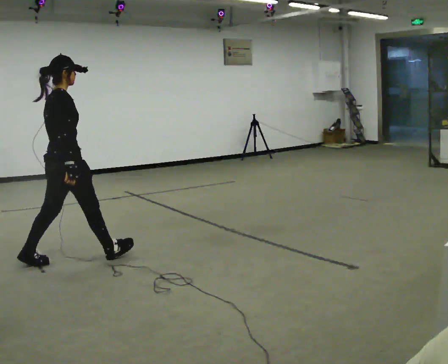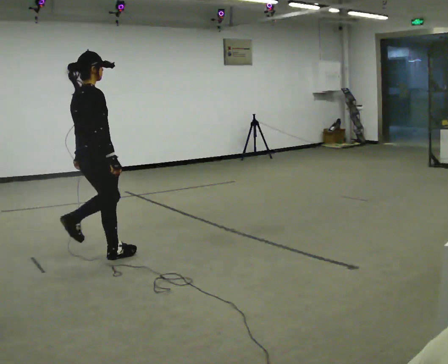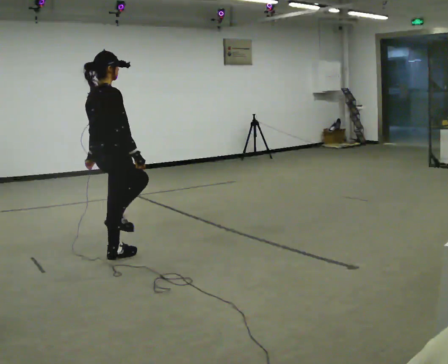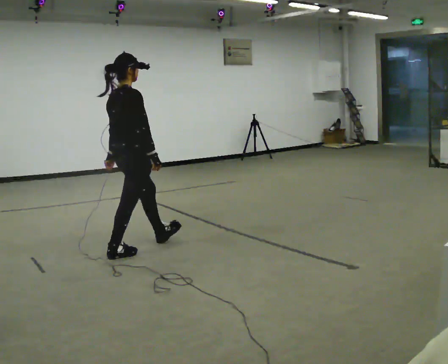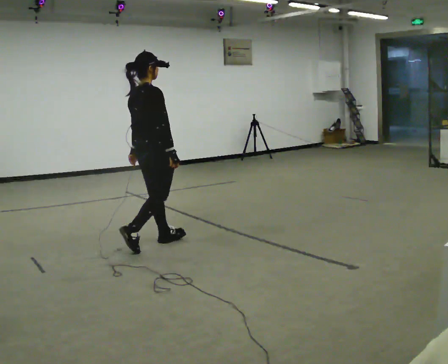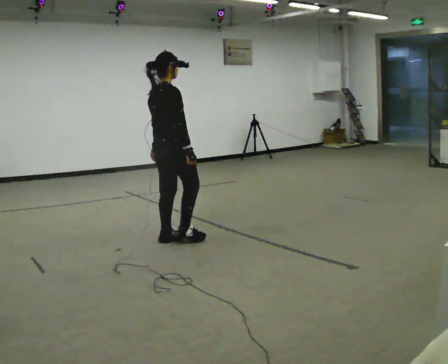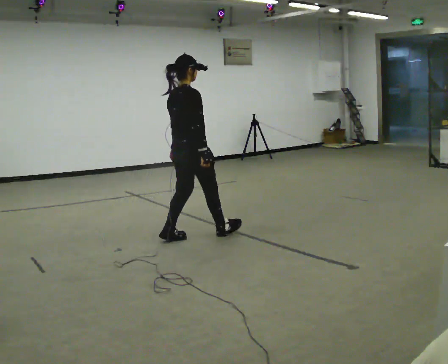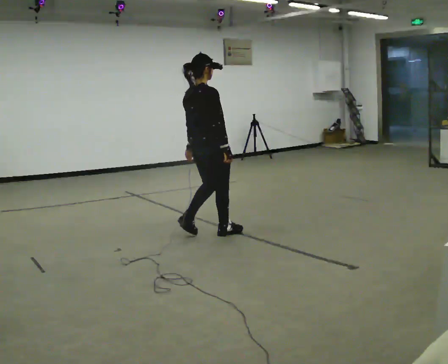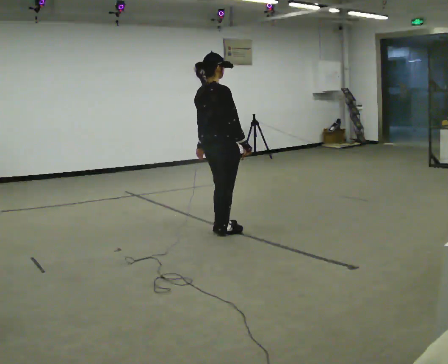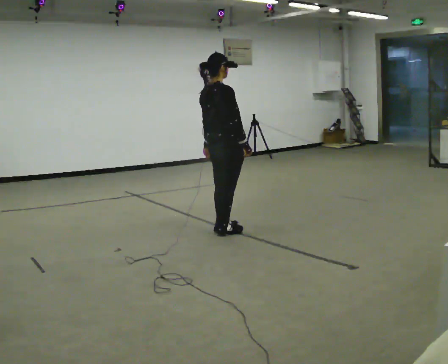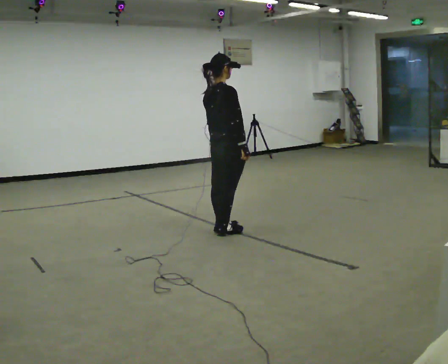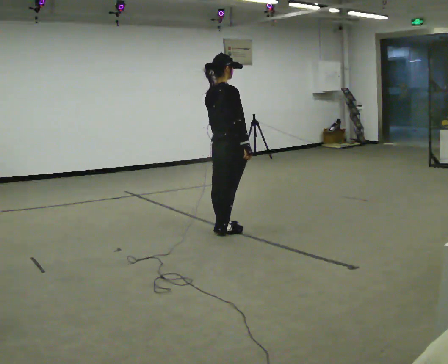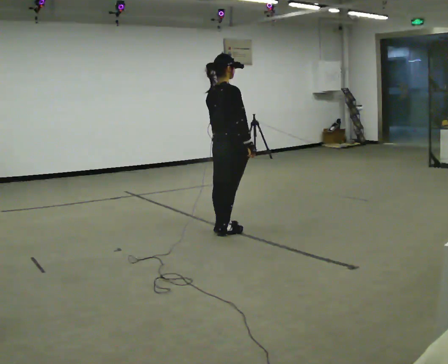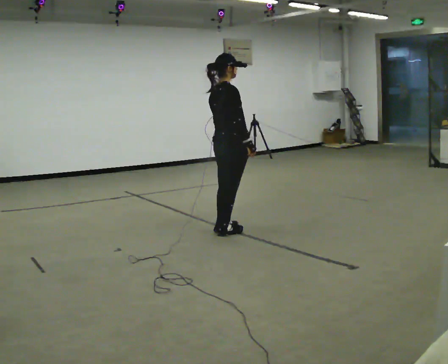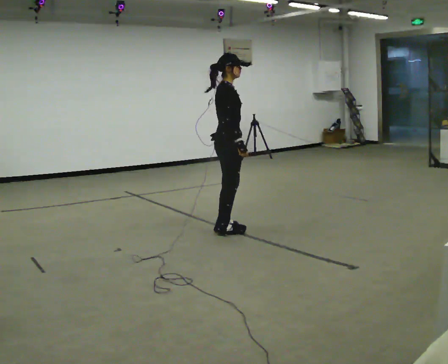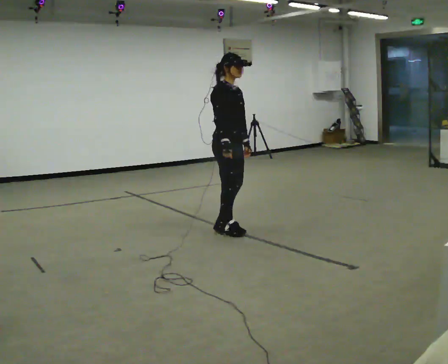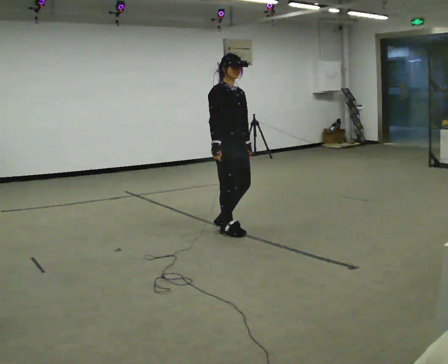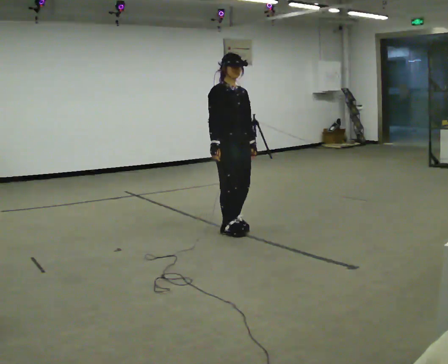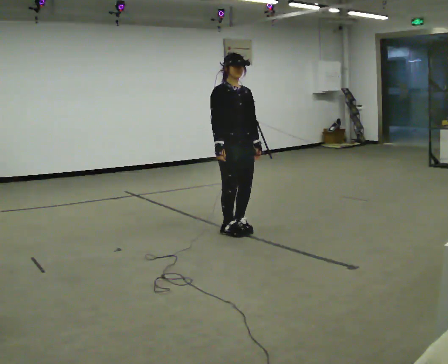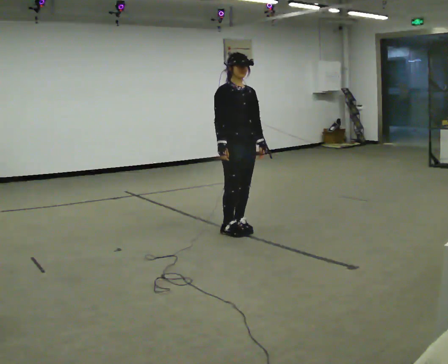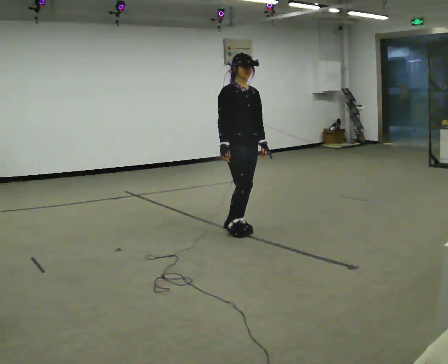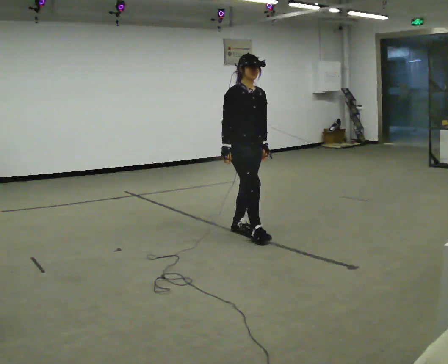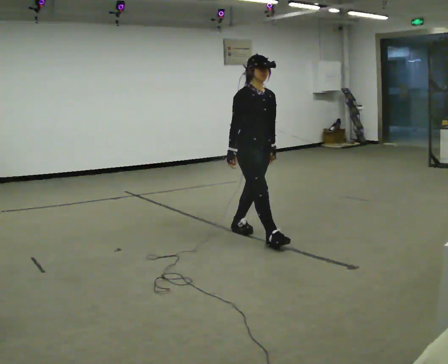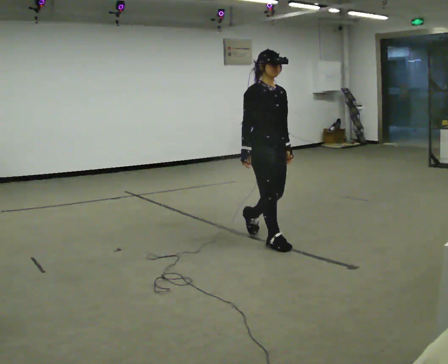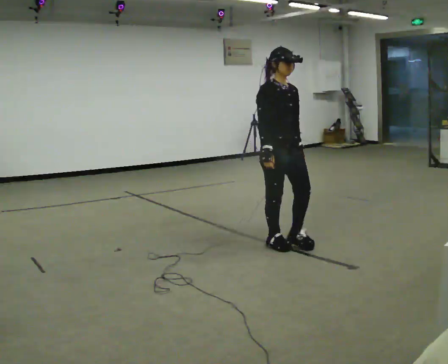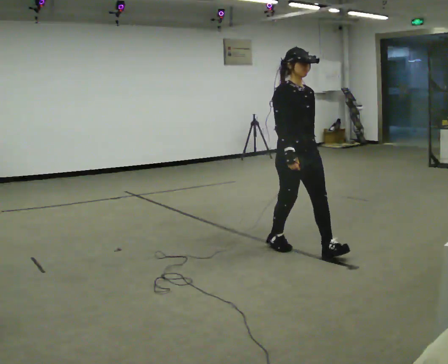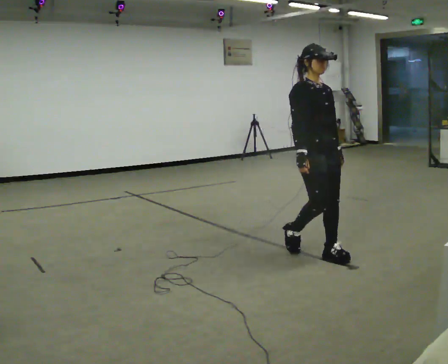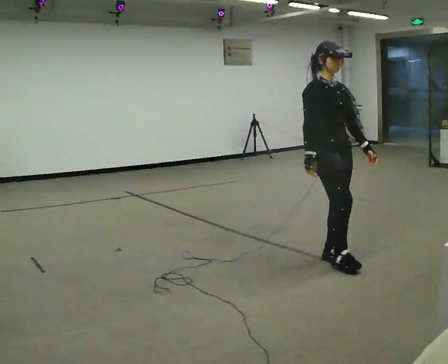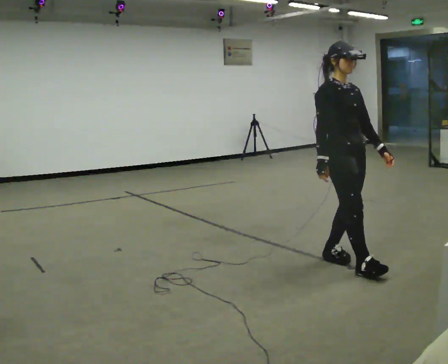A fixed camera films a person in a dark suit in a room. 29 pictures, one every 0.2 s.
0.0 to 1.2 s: In the picture they go to the right and away from the camera, about 1 m in 2 steps, which for them is forward.
1.2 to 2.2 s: In the picture they go to the right and away from the camera, about 0.5 m in 1 step, which for them is forward.
2.2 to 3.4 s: Seen from above the body turns clockwise, about 90 degrees: to their right, with its near side sliding to the left.
3.4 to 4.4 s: In the picture they go toward the camera and to the right, about 0.25 m in 2 steps, which for them is forward.
4.4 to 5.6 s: In the picture they go toward the camera and to the right, about 1 m in 2 steps, which for them is forward.
The film runs forward here.
